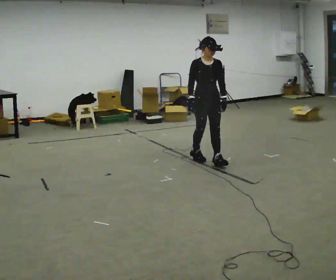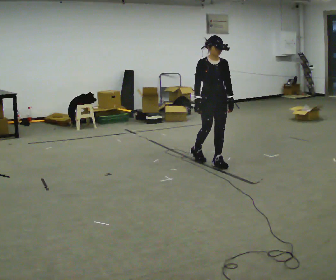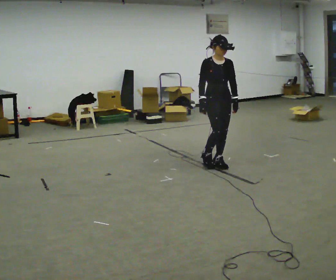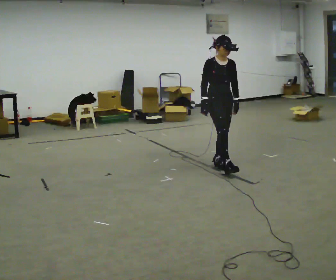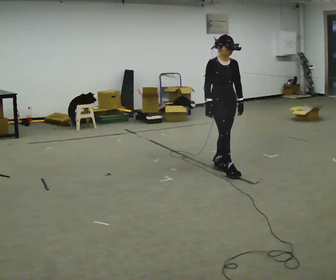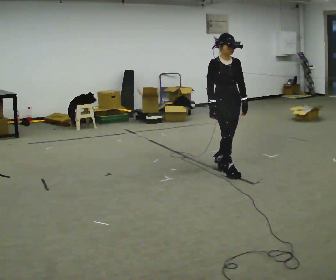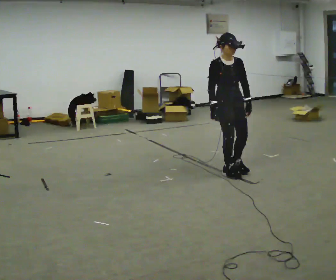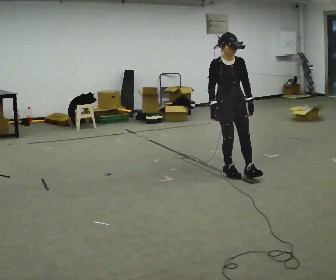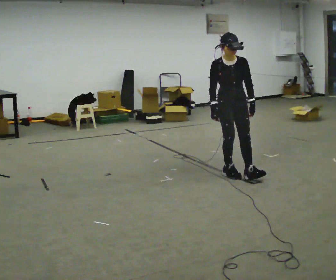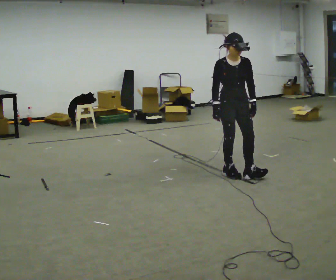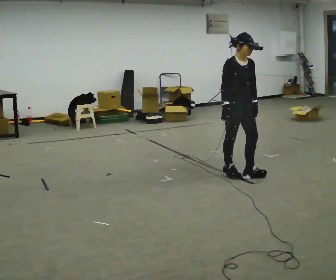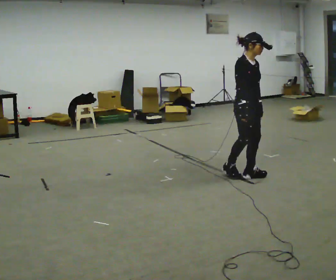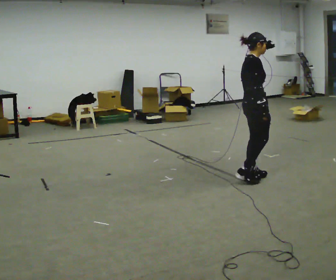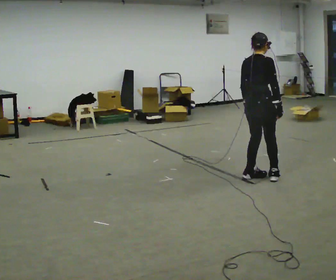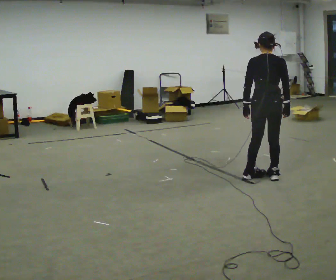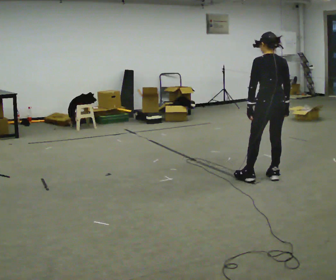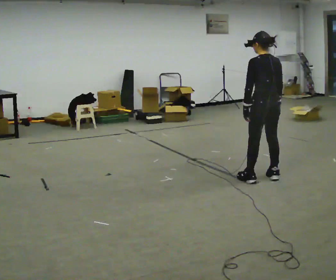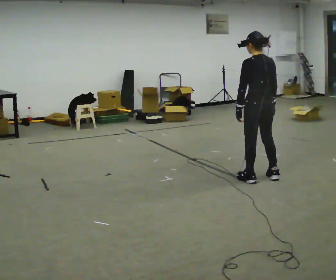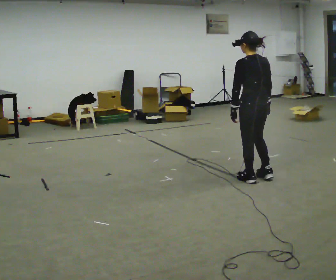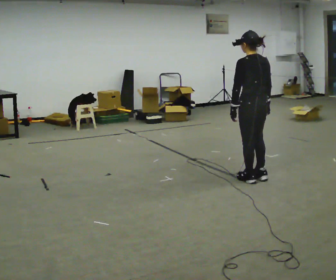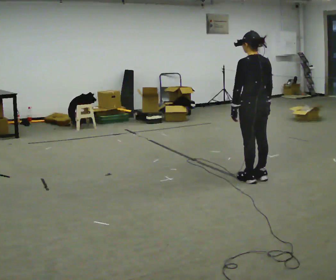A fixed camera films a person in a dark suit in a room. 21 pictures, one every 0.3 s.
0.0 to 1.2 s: In the picture they go toward the camera and to the right, about 0.25 m in 1 step, which for them is forward.
1.2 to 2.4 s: In the picture they go toward the camera, about 0.25 m in 1 step, which for them is forward.
2.4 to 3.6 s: The person turns about 90 degrees to their left, counterclockwise seen from above, so the part of the body nearest the lens slides to the right. In the picture they go to the right, about 0.25 m. In the picture their right hand goes to the right.
3.6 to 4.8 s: The part of the body nearest the lens slides to the right as the person turns to their left by about 105 degrees.
4.8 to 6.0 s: The person moves a little, or ends about where they began.
The film runs forward here.
